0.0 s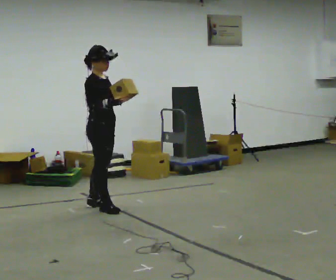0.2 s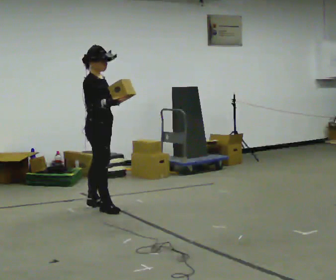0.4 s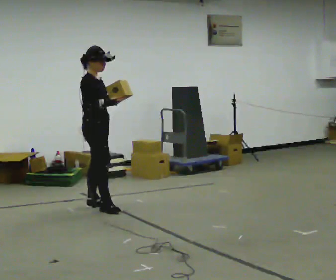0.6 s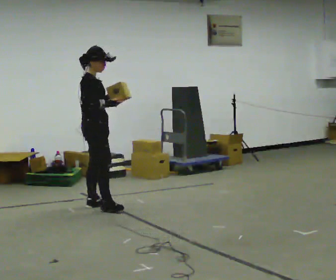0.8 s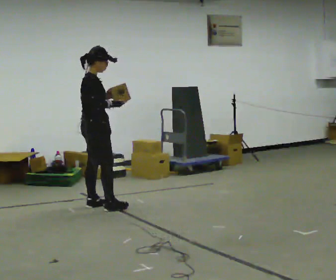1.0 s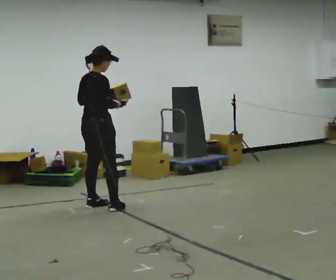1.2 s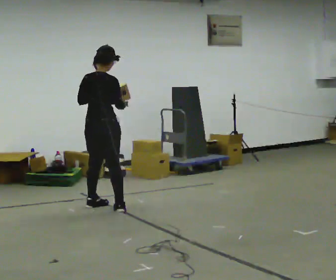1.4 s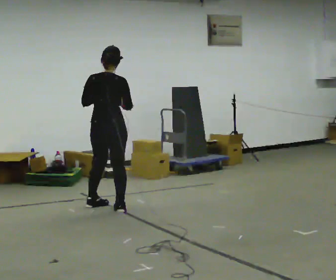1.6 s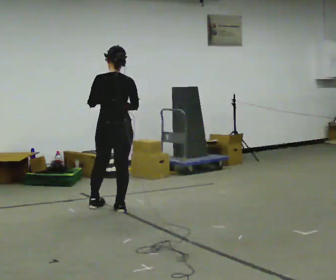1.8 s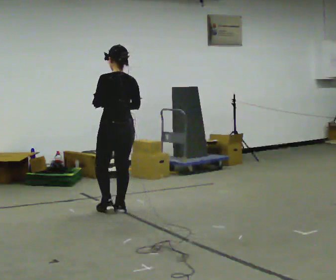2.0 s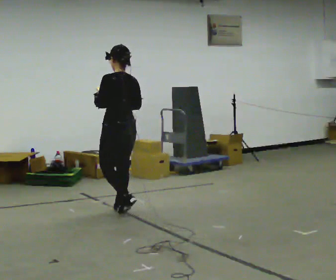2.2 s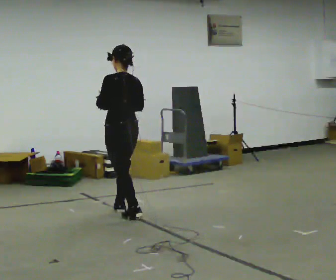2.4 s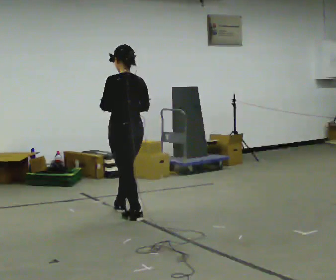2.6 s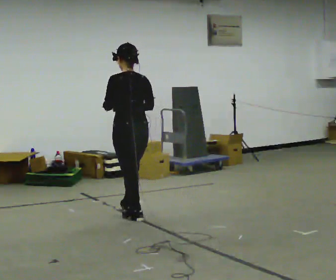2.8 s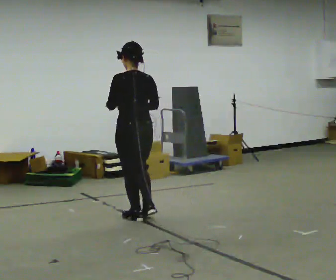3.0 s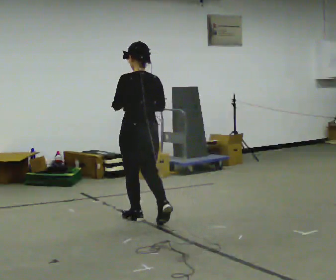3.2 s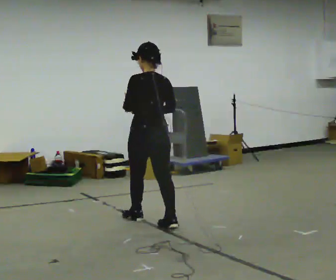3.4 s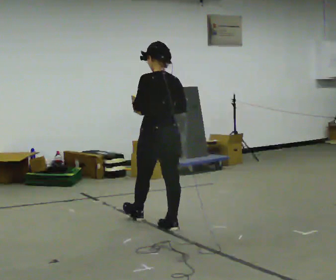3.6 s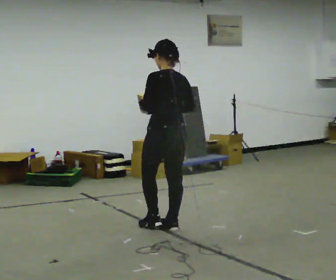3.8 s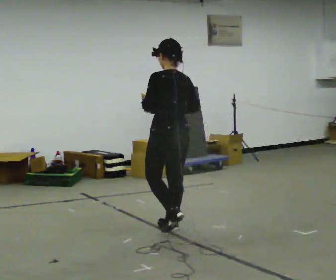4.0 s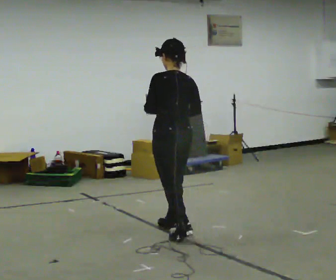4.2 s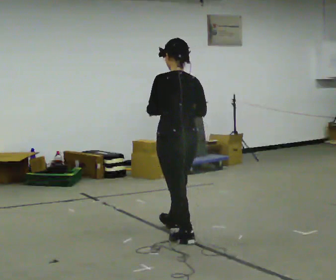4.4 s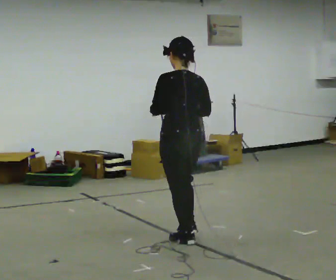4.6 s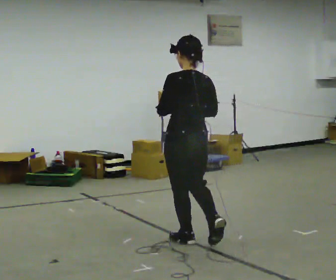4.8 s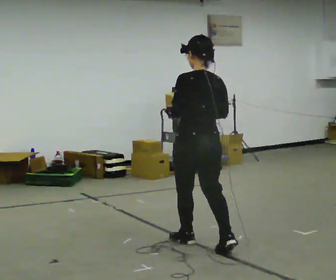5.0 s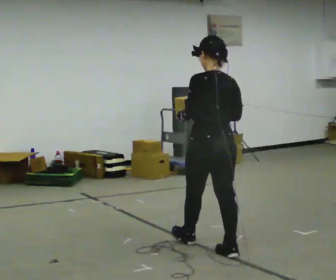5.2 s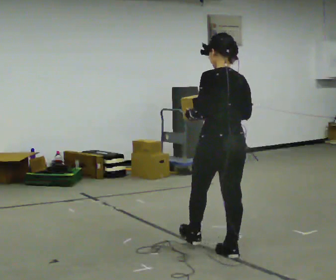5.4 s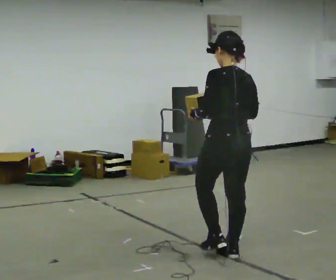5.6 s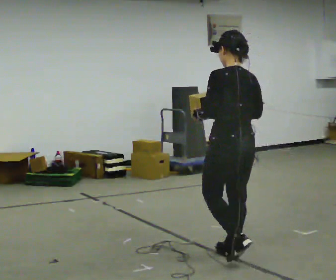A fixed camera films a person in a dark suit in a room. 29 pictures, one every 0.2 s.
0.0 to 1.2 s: The part of the body nearest the lens slides to the right as the person turns to their left by about 75 degrees.
1.2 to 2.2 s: The part of the body nearest the lens slides to the right as the person turns to their left by about 75 degrees. In the picture they go to the right and toward the camera, about 0.25 m in 1 step.
2.2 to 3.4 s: In the picture they go toward the camera and to the right, about 0.5 m in 2 steps, which for them is backward.
3.4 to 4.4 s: In the picture they go toward the camera and to the right, about 0.5 m in 1 step, which for them is backward.
4.4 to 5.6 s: In the picture they go toward the camera and to the right, about 0.75 m in 1 step, which for them is backward.
The film runs backward here.
